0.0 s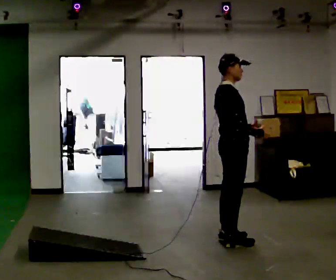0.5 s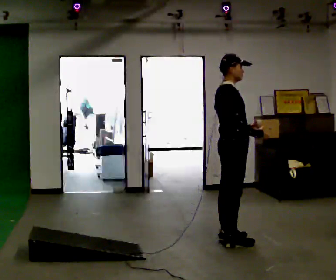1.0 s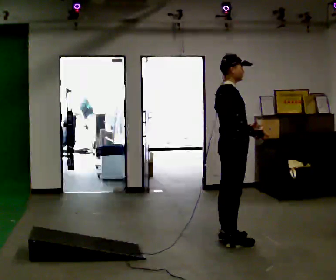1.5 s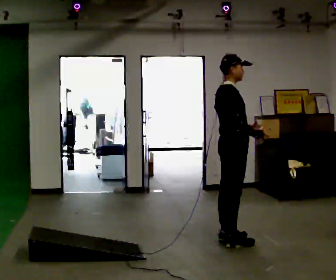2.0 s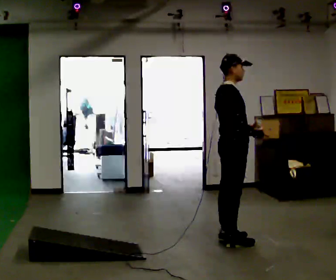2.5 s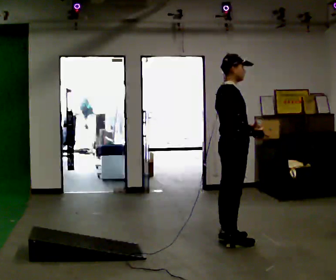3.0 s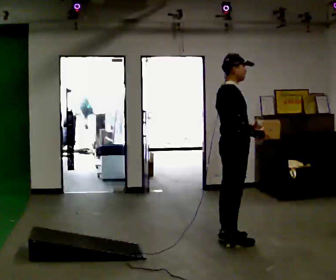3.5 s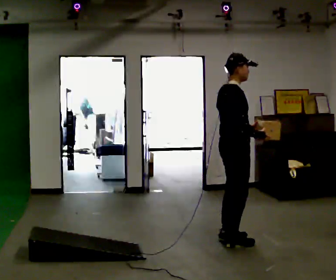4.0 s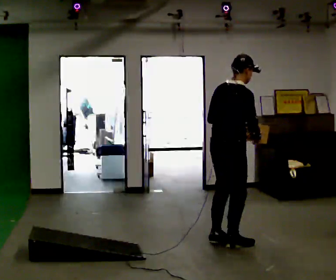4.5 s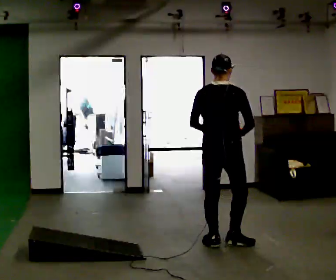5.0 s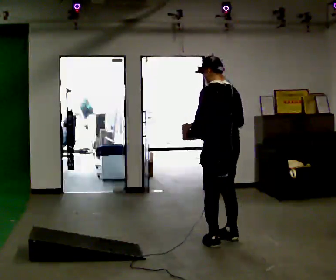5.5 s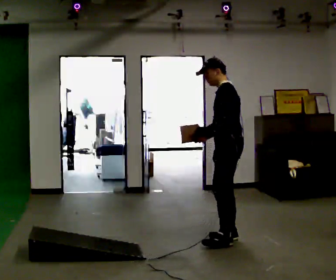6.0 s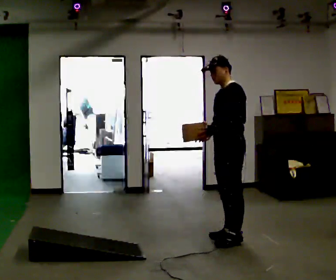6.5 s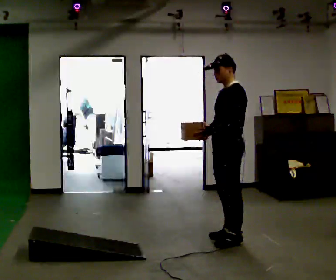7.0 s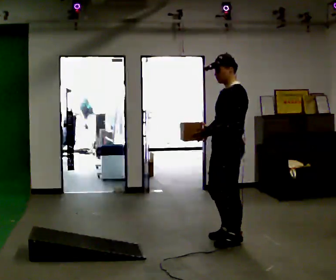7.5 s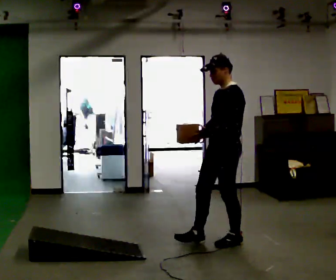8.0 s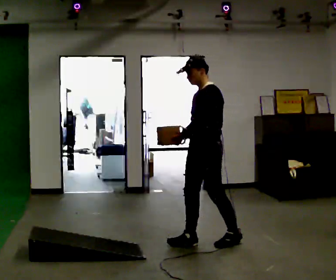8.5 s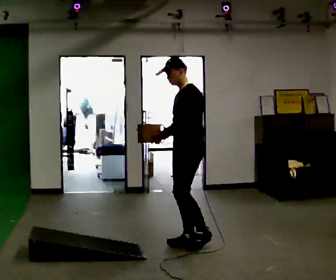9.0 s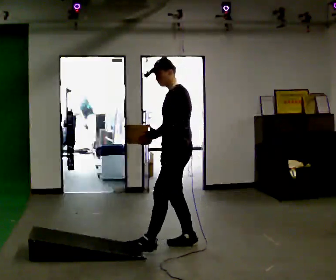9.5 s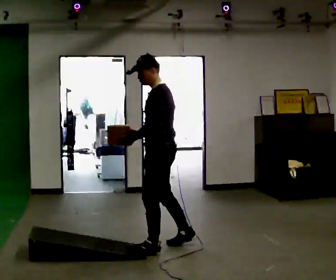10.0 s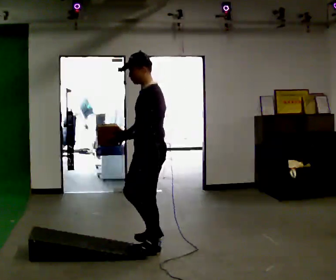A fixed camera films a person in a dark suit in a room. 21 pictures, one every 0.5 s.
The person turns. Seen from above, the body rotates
counterclockwise.
The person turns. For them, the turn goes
to their left.
0.0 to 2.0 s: The person keeps their place and pose.
2.0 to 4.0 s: The person turns about 30 degrees to their left, counterclockwise seen from above, so the part of the body nearest the lens slides to the right.
4.0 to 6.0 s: Seen from above the body turns counterclockwise, about 165 degrees: to their left, with its near side sliding to the right. In the picture they go away from the camera, about 0.25 m in 3 steps.
6.0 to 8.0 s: In the picture they go to the left and toward the camera, about 0.25 m in 1 step, which for them is forward.
8.0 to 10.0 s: In the picture they go to the left and toward the camera, about 0.5 m in 1 step, which for them is forward.
The film runs forward here.
